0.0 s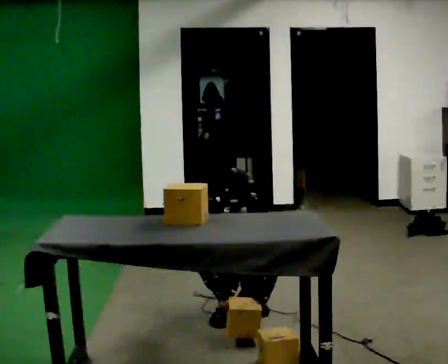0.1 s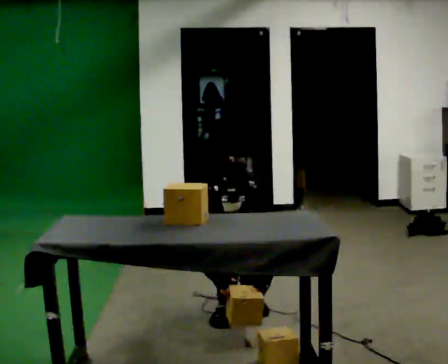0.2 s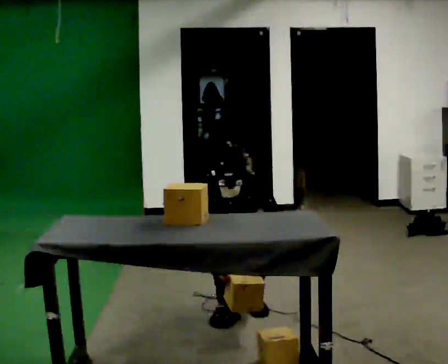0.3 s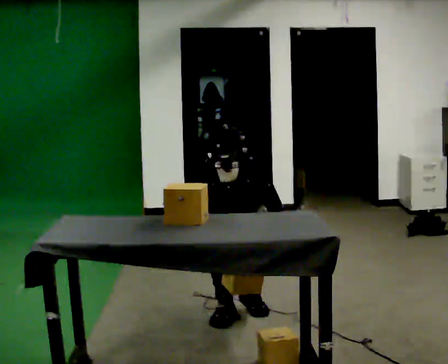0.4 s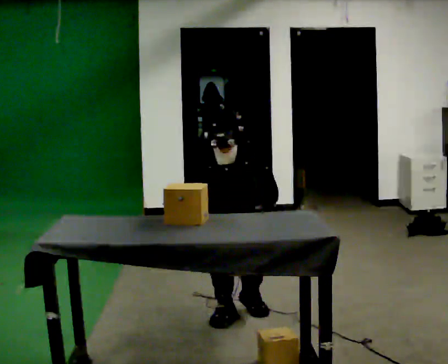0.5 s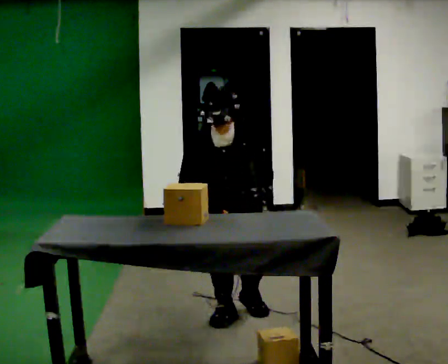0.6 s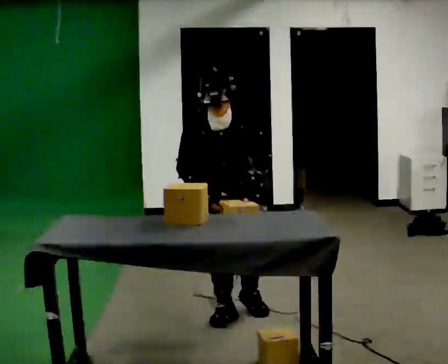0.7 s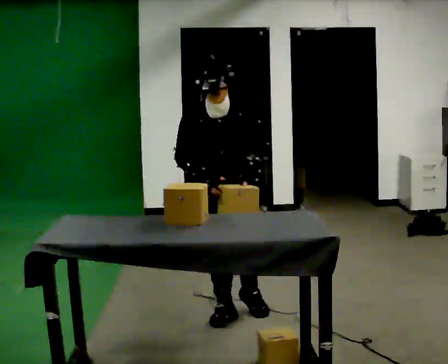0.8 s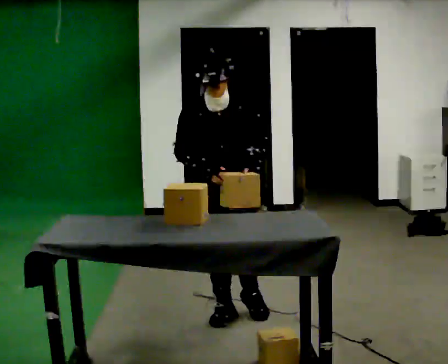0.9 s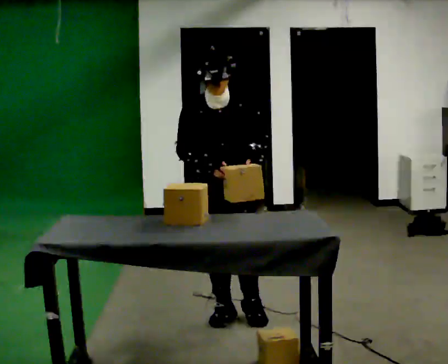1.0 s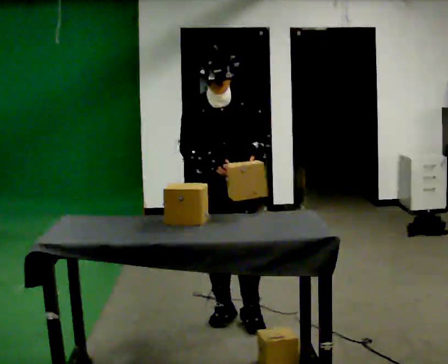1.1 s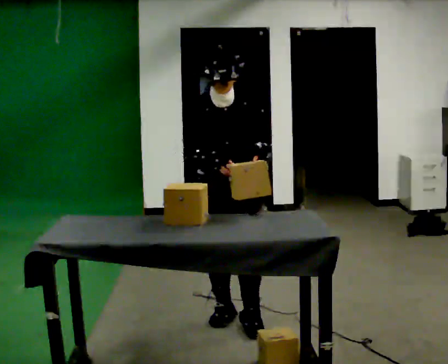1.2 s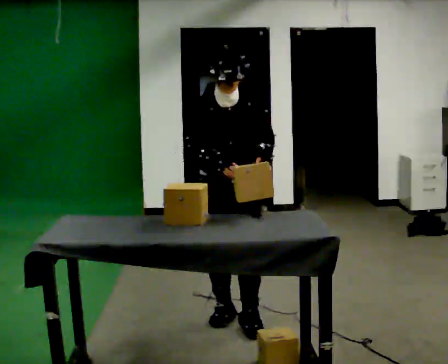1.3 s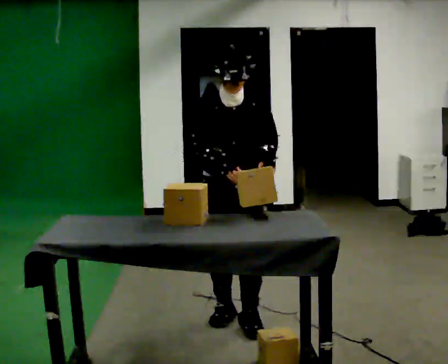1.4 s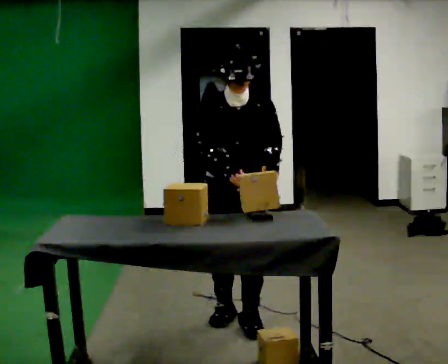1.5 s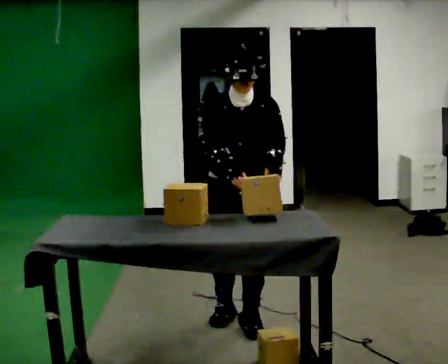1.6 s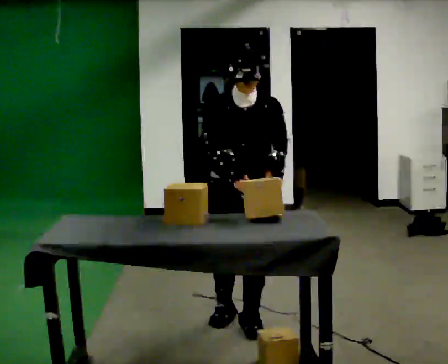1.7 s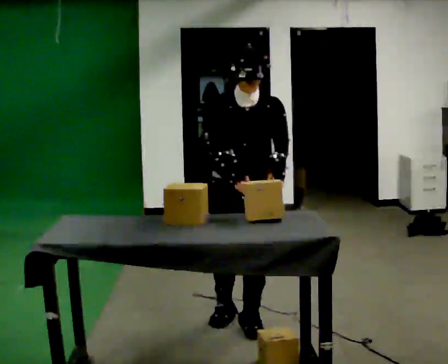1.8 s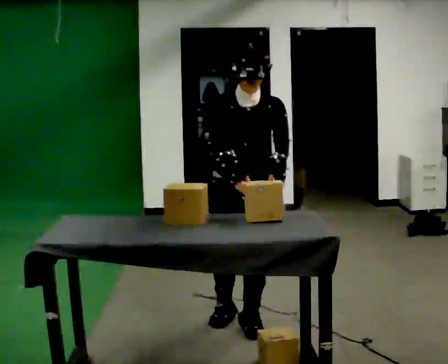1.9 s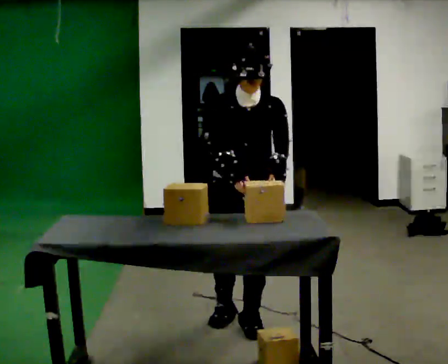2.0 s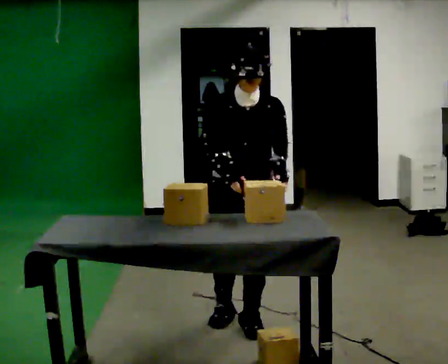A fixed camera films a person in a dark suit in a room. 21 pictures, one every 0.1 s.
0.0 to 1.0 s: In the picture they go toward the camera, about 0.25 m, which for them is forward. The shoulders move upward. The upper body tips away from the camera, its near side rolling upward, as they lean back or straighten. In the picture their right hand goes upward.
1.0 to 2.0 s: The person moves a little, or ends about where they began.
The film runs forward here.
